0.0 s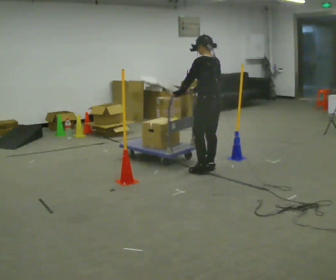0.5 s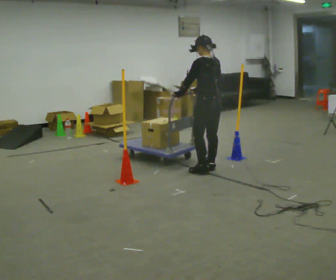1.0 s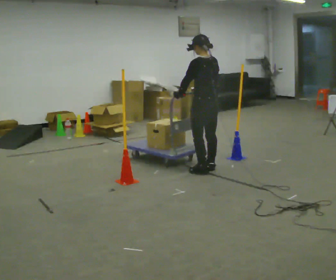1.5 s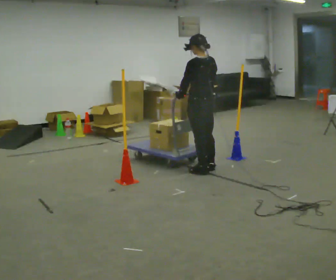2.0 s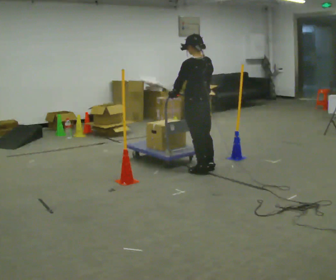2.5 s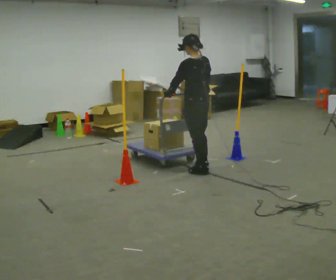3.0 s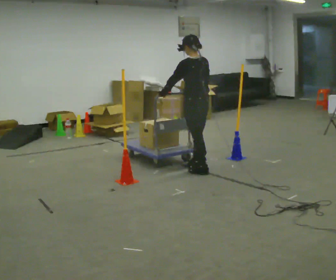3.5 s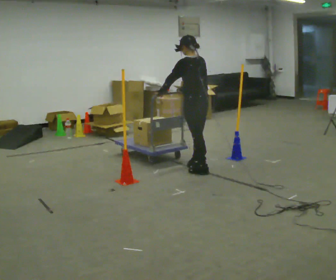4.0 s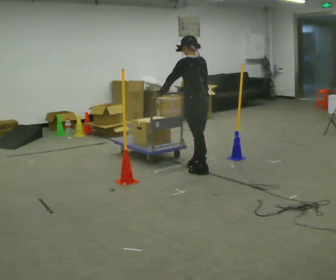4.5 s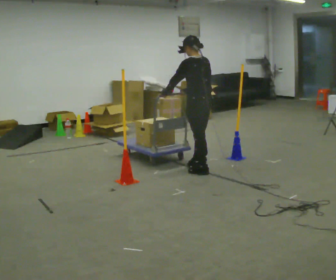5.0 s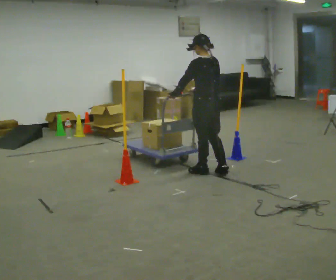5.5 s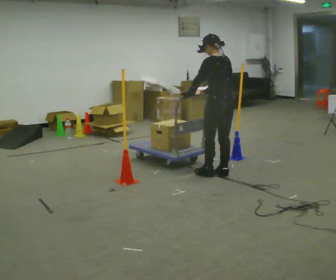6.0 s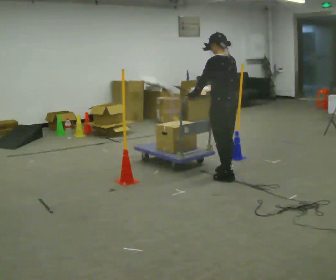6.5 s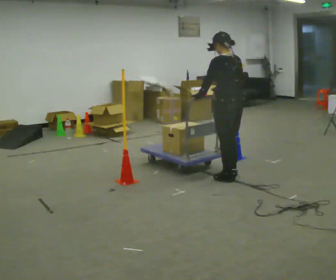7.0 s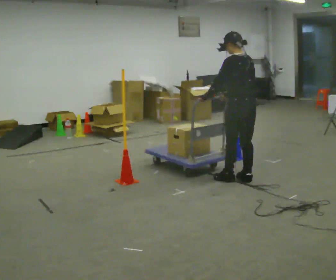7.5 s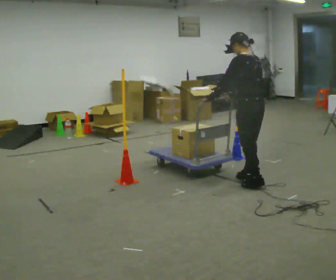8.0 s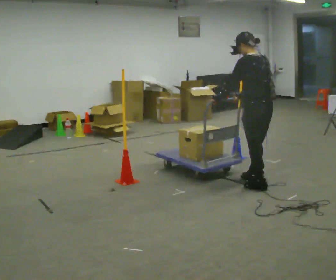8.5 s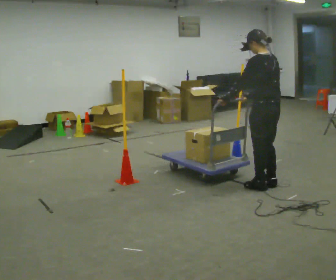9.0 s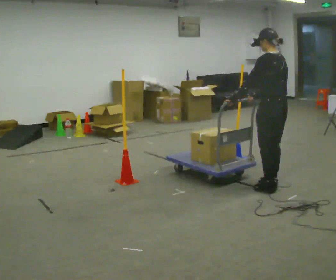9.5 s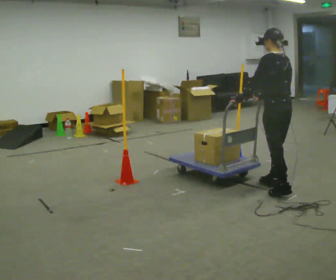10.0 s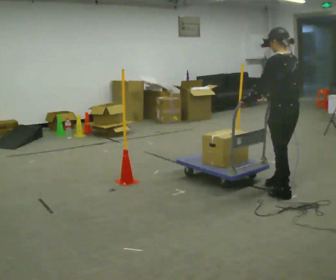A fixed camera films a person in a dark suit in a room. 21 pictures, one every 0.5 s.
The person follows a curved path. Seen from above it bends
counterclockwise.
0.0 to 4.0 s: The person moves a little, or ends about where they began.
4.0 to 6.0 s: In the picture they go to the right and toward the camera, about 0.5 m in 2 steps, which for them is backward.
6.0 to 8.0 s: In the picture they go toward the camera and to the right, about 0.5 m in 2 steps, which for them is backward.
8.0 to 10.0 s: In the picture they go toward the camera and to the right, about 0.25 m in 2 steps, which for them is backward.
The film runs forward here.
